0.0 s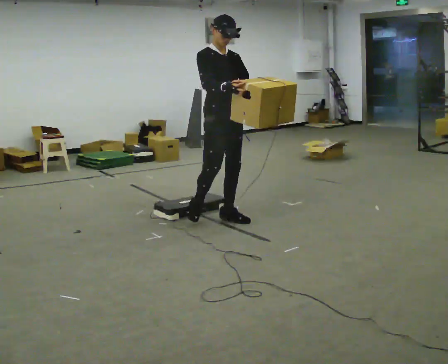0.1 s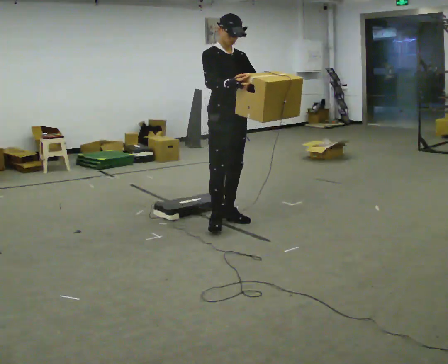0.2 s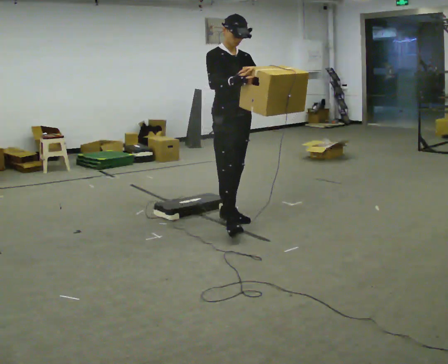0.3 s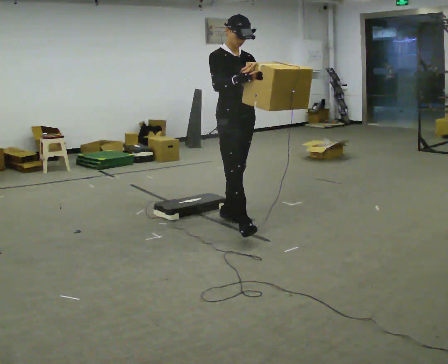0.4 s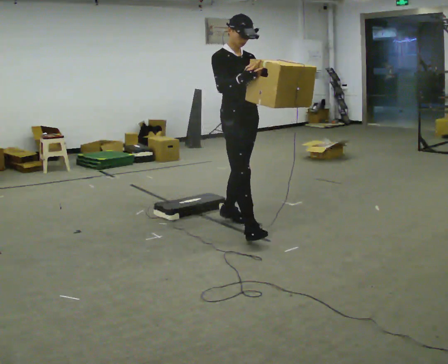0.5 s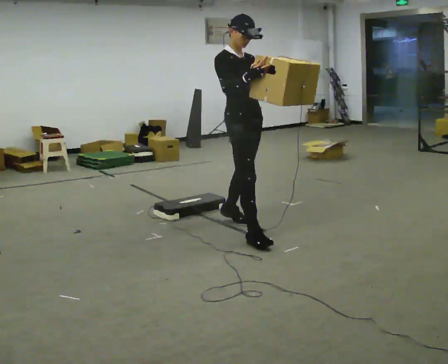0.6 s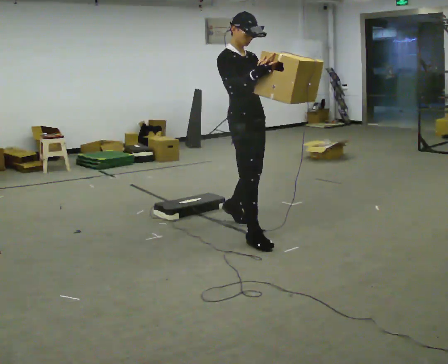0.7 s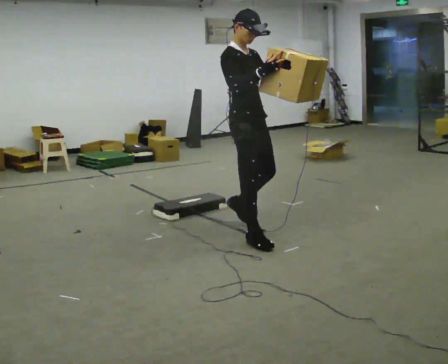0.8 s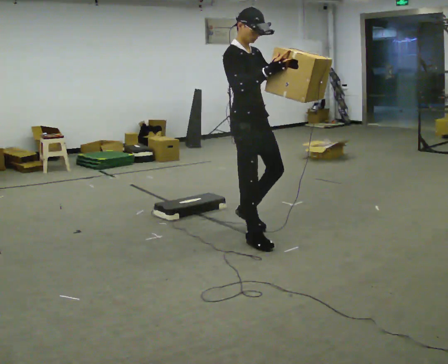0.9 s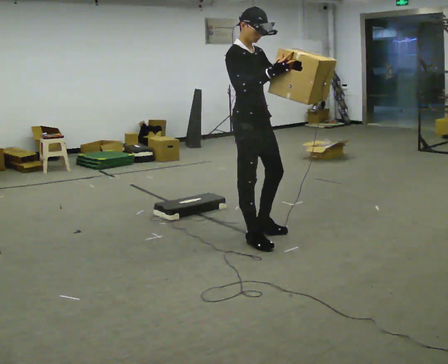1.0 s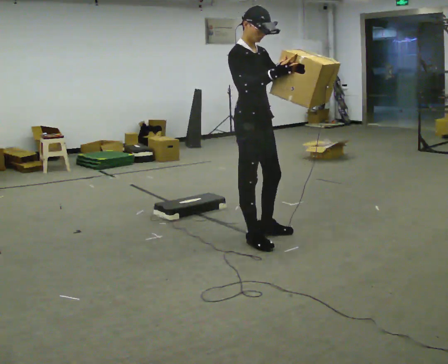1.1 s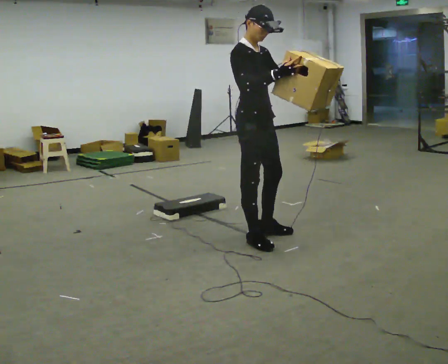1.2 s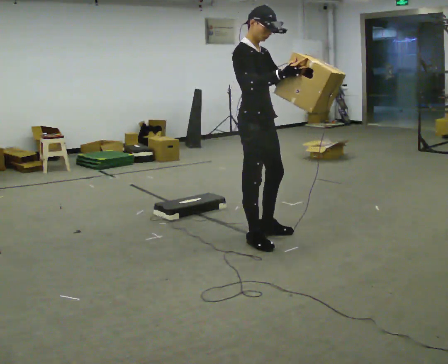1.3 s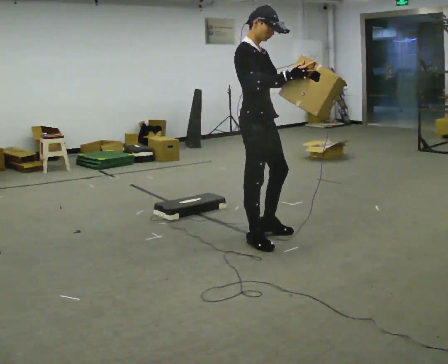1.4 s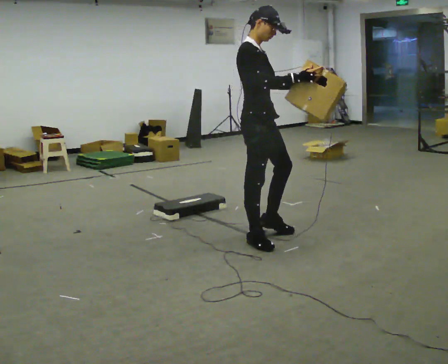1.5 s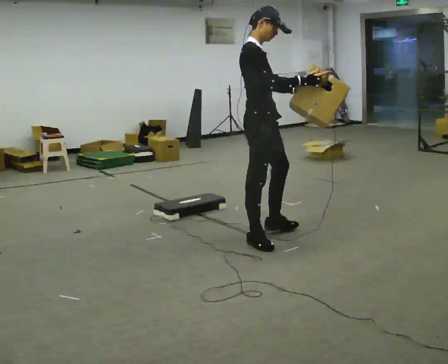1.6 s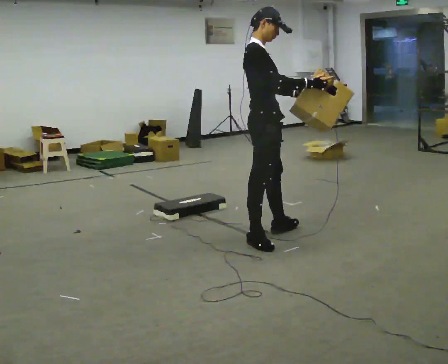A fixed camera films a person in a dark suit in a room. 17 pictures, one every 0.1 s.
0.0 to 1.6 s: Seen from above the body turns counterclockwise, about 45 degrees: to their left, with its near side sliding to the right. In the picture they go to the right and toward the camera, about 0.5 m in 2 steps, which for them is forward and to their right.
The film runs forward here.
